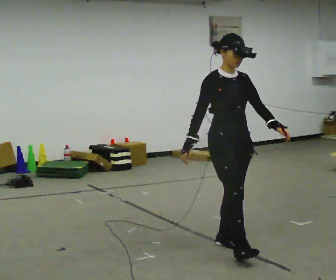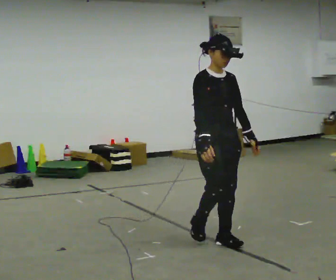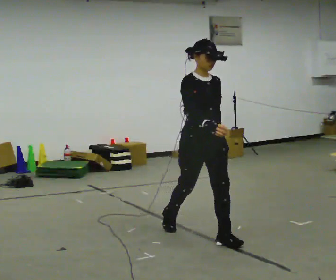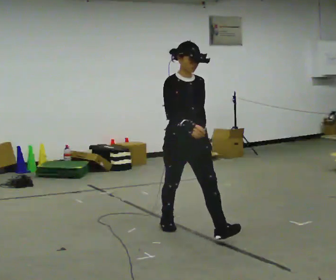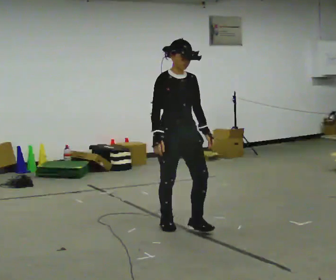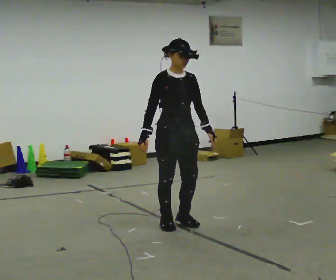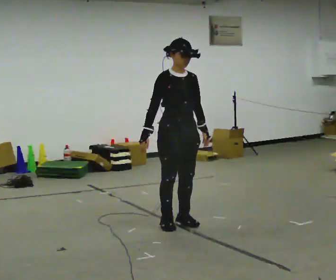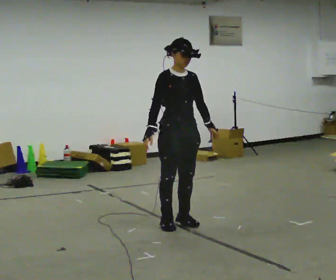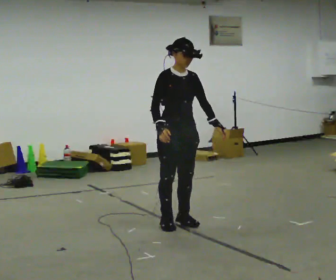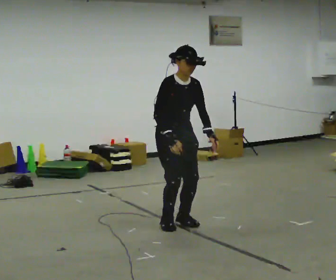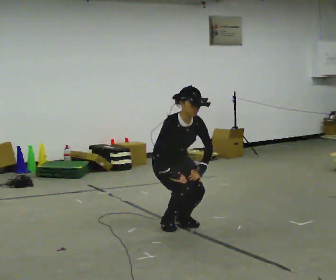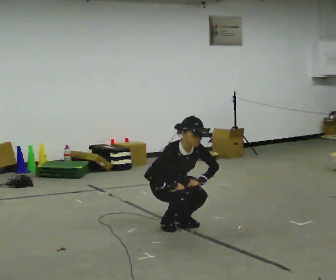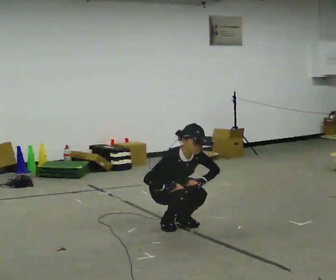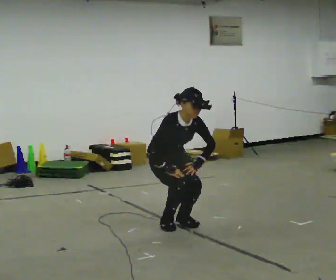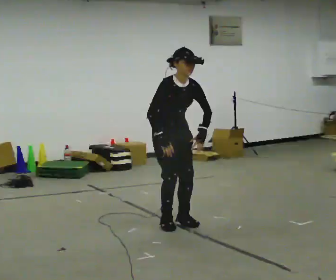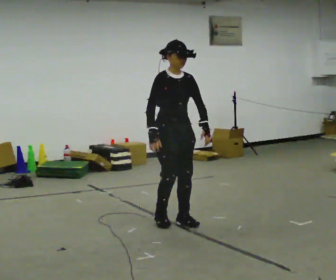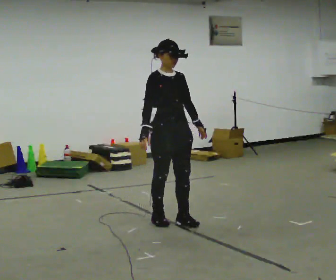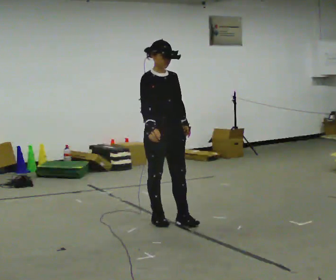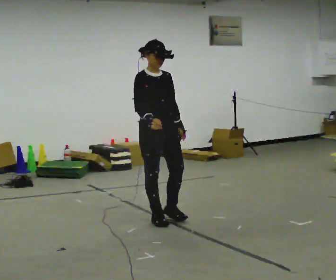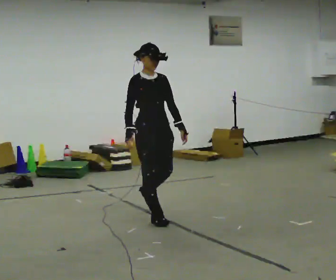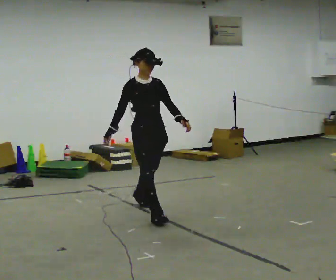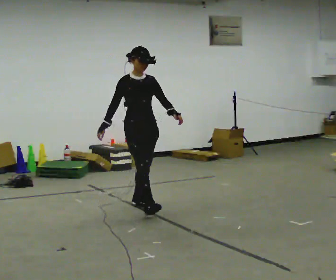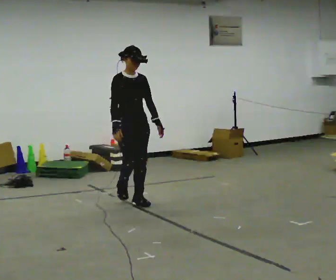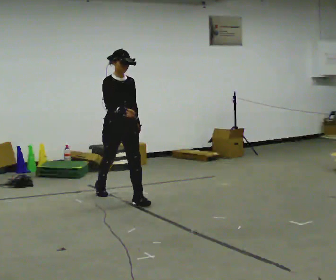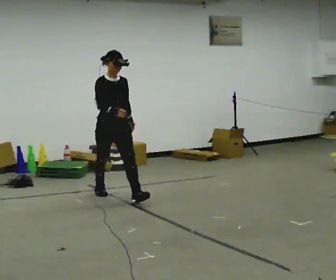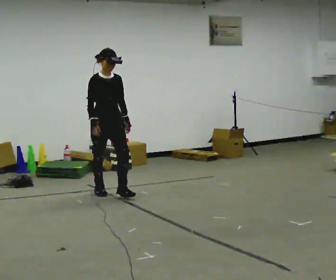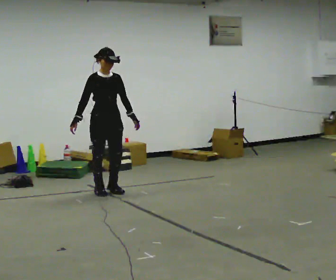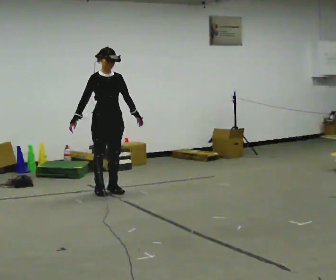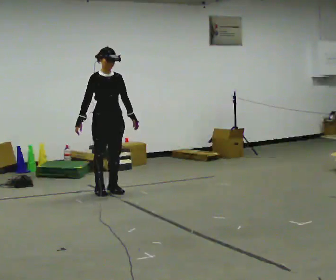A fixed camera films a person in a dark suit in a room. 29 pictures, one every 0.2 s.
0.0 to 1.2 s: In the picture they go away from the camera and to the left, about 1 m in 1 step, which for them is backward.
1.2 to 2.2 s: The shoulders move downward. The upper body tips toward the camera, its near side rolling downward, as they bend forward. In the picture their right hand goes downward.
2.2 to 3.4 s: The upper body goes upward. The upper body tips away from the camera, its near side rolling upward, as they lean back or straighten. In the picture their right hand goes upward.
3.4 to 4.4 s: In the picture they go away from the camera and to the left, about 1 m in 2 steps, which for them is backward.
4.4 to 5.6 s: In the picture they go away from the camera and to the left, about 0.5 m in 1 step, which for them is backward.
The film runs backward here.
